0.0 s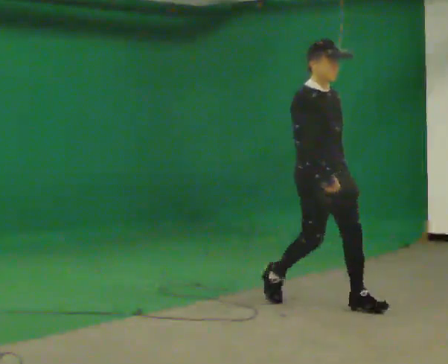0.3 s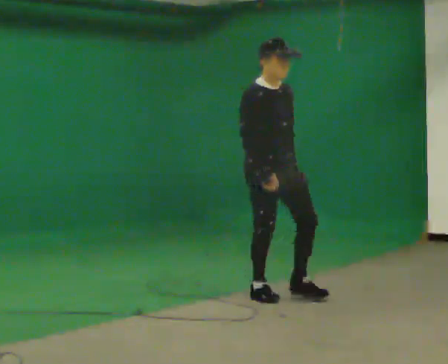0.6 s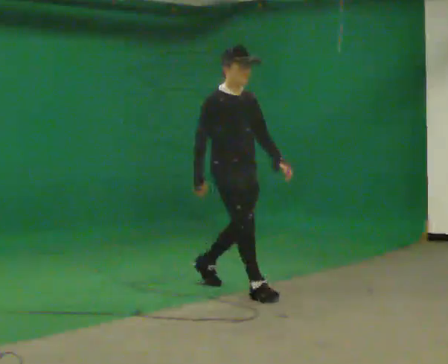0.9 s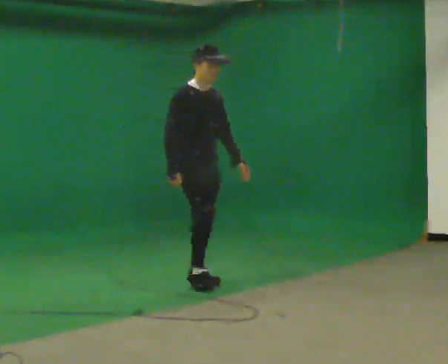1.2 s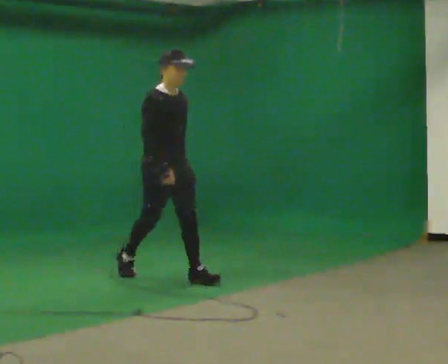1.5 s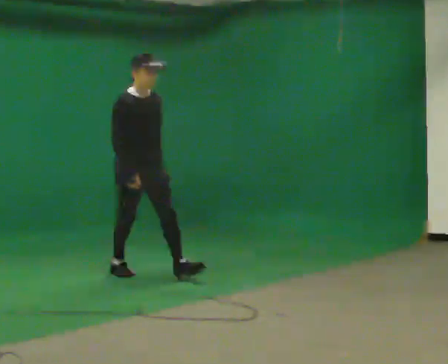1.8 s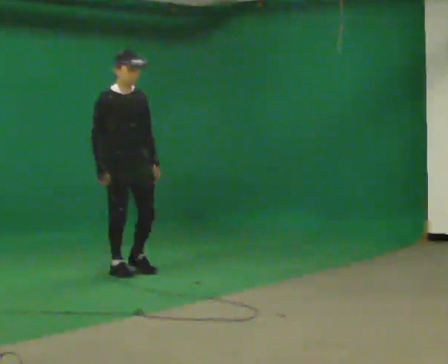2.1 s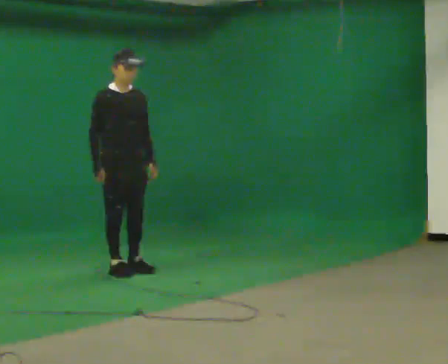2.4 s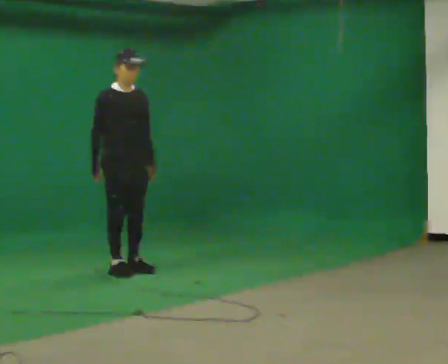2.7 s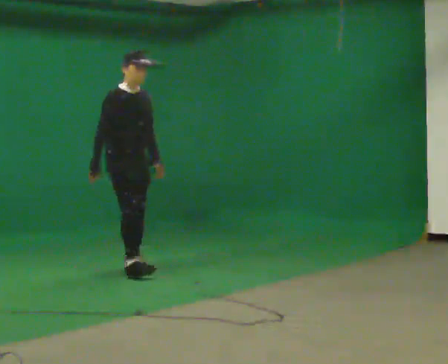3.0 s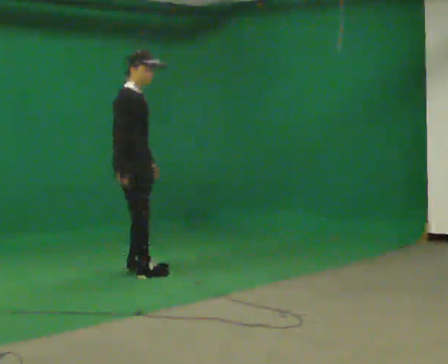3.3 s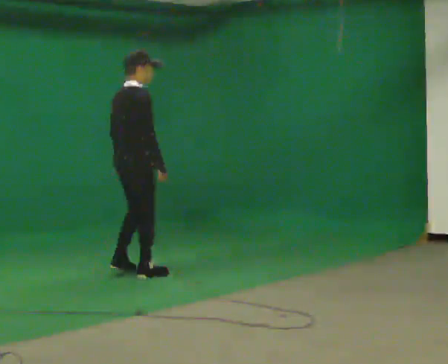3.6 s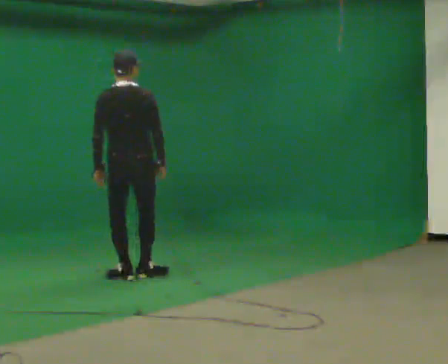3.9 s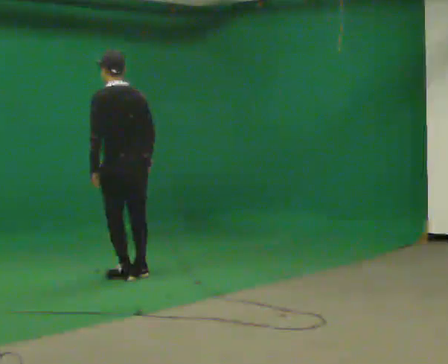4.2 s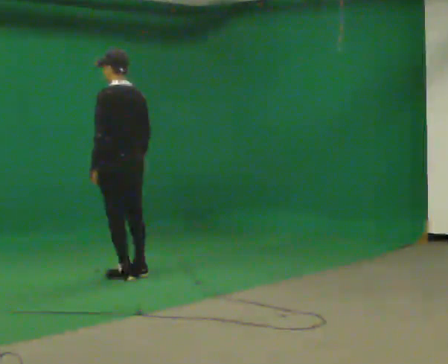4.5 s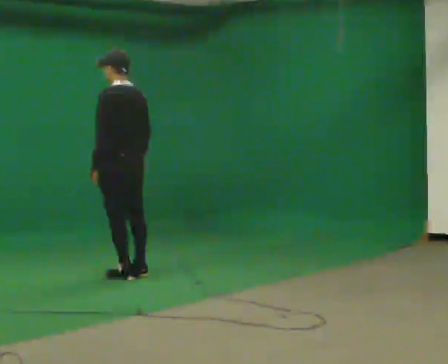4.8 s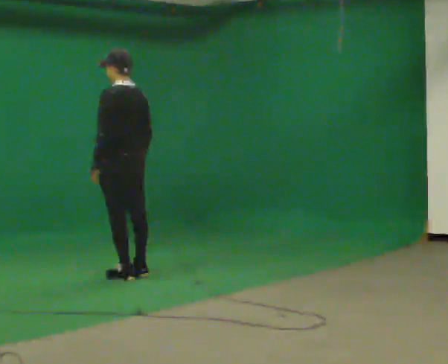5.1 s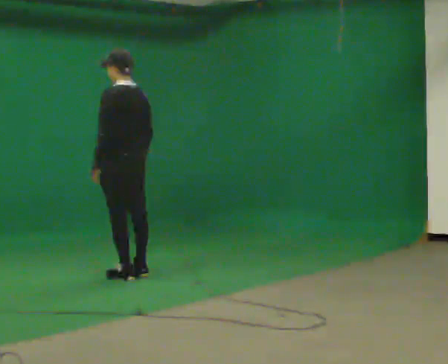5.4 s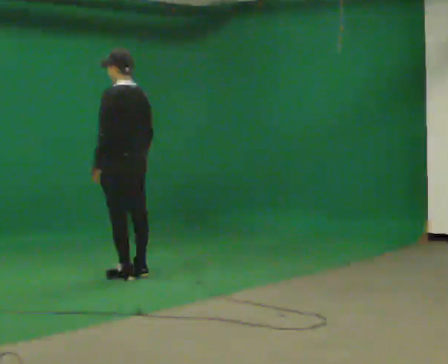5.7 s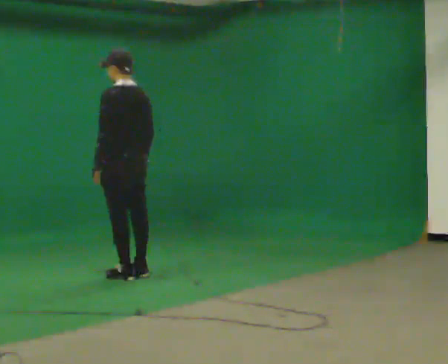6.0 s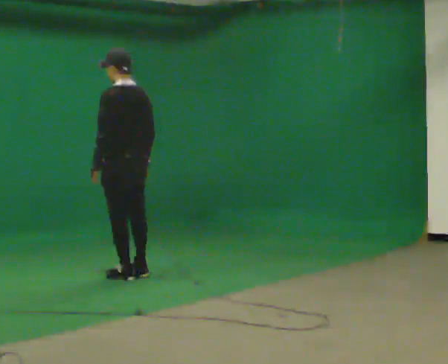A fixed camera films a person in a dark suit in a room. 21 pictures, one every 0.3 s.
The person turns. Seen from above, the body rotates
counterclockwise.
The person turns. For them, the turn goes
to their left.
0.0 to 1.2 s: In the picture they go away from the camera and to the left, about 1.5 m in 2 steps, which for them is backward.
1.2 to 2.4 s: In the picture they go away from the camera and to the left, about 0.5 m in 1 step, which for them is backward.
2.4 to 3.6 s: The person turns about 120 degrees to their left, counterclockwise seen from above, so the part of the body nearest the lens slides to the right. In the picture they go toward the camera, about 0.25 m in 2 steps. In the picture their left hand goes to the left, the arm swinging clockwise.
3.6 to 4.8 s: The part of the body nearest the lens slides to the right as the person turns to their left by about 75 degrees.
4.8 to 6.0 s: The person moves a little, or ends about where they began.
The film runs backward here.
